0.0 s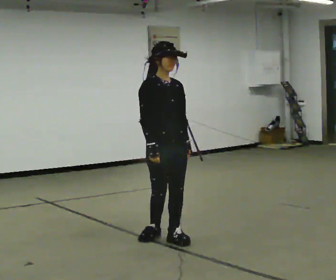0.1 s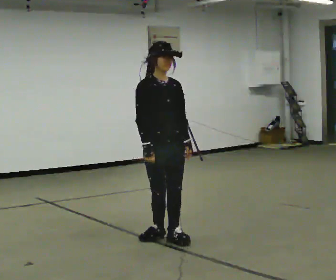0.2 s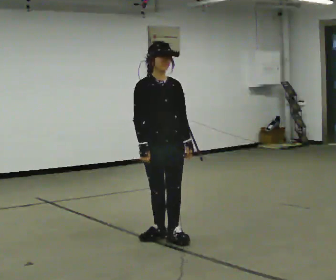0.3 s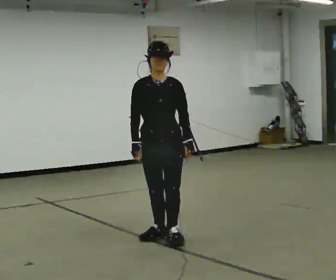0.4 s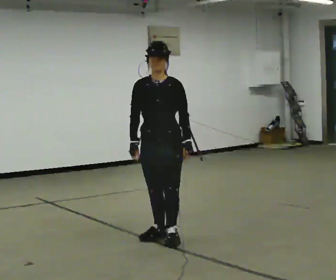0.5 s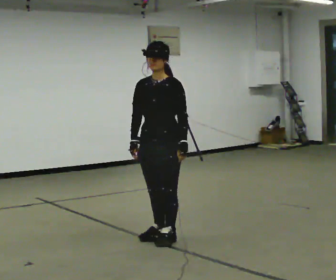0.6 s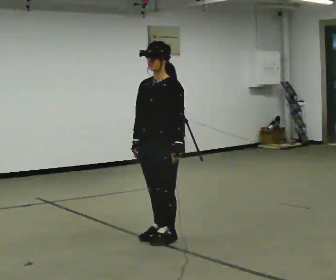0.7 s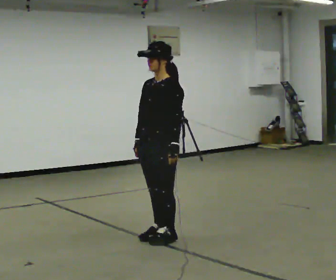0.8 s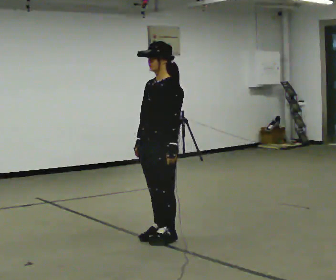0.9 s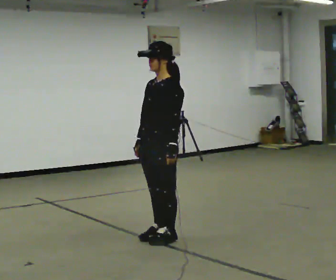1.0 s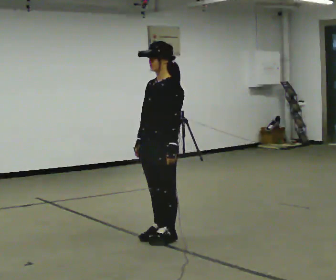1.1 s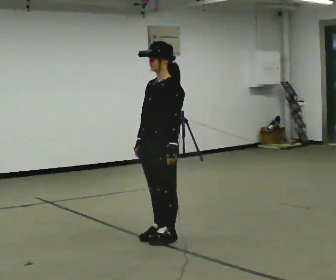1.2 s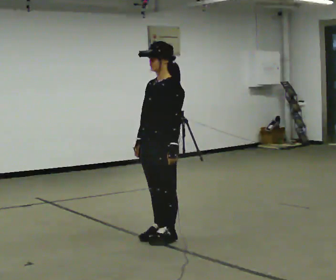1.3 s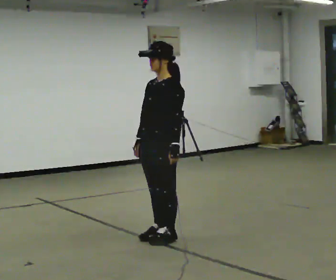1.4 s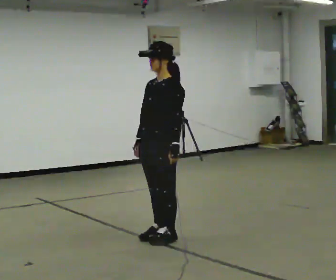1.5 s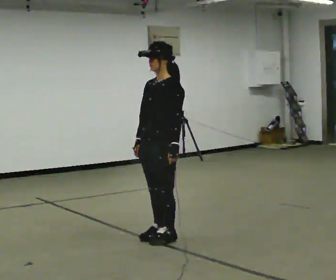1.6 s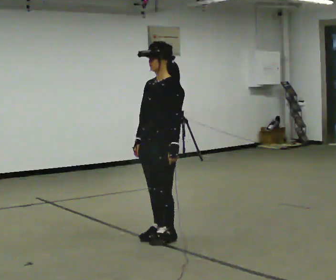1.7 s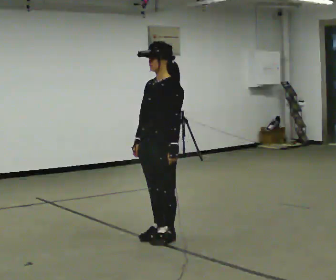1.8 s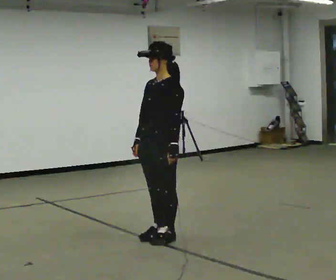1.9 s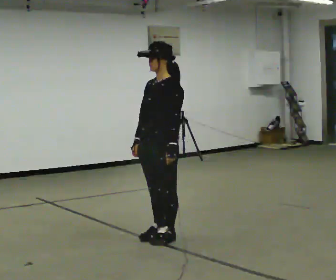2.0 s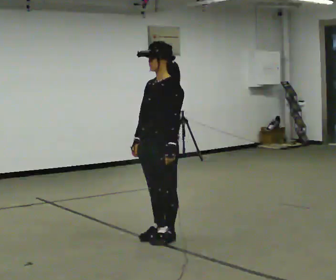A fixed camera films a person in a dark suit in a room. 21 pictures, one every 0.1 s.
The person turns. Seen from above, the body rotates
clockwise.
The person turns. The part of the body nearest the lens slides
to the left.
0.0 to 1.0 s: Seen from above the body turns clockwise, about 90 degrees: to their right, with its near side sliding to the left.
1.0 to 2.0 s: The person keeps their place and pose.
The film runs backward here.
